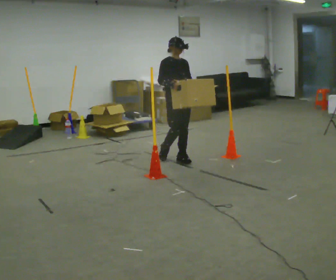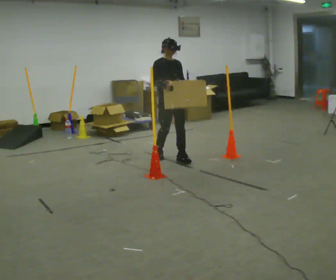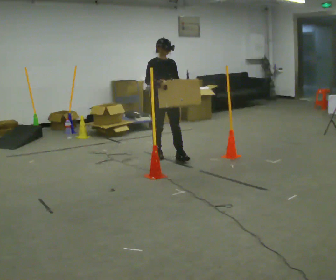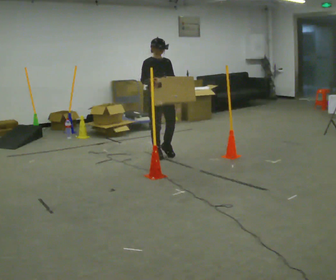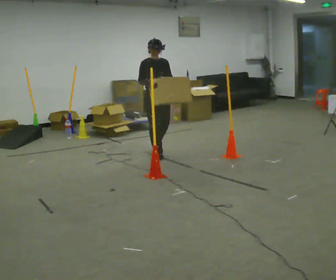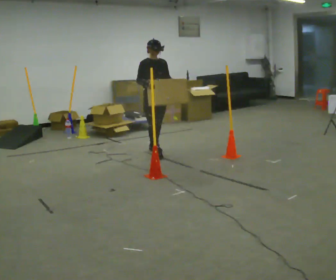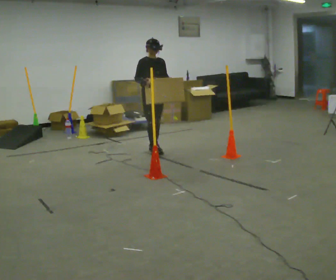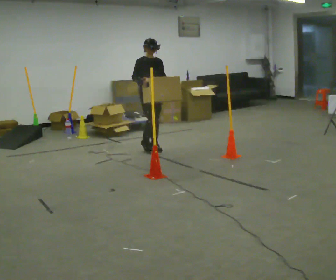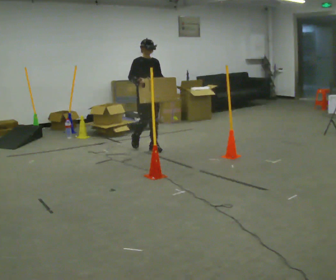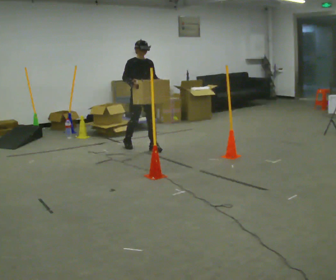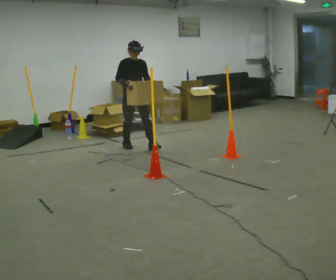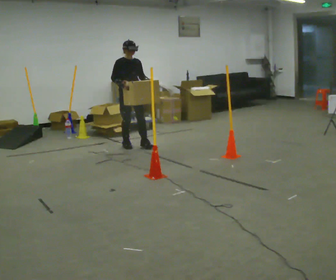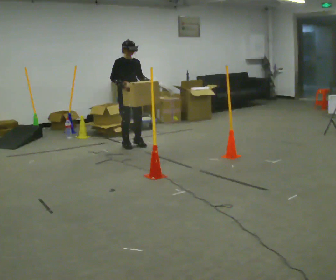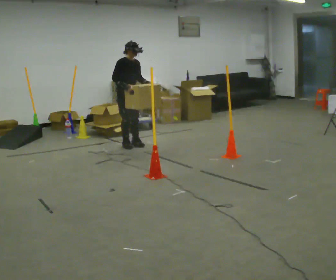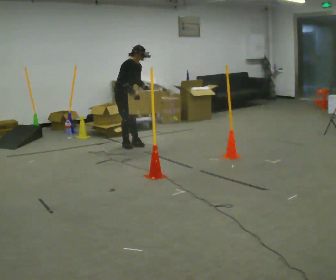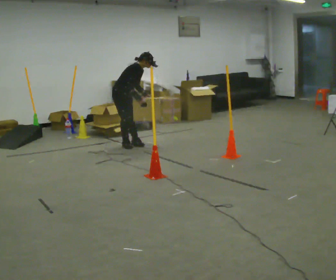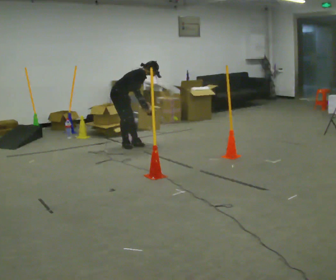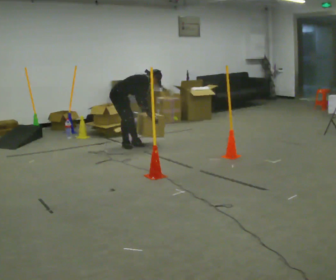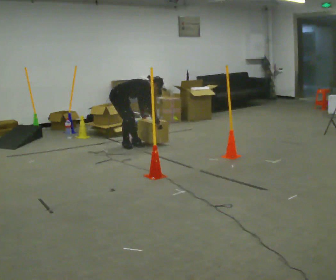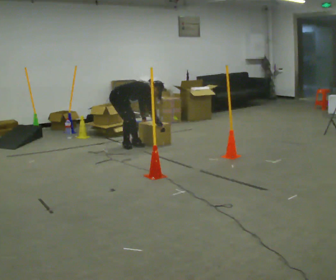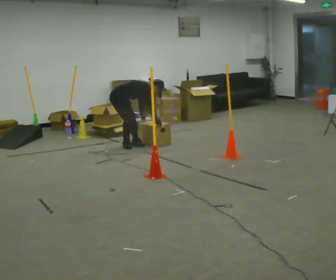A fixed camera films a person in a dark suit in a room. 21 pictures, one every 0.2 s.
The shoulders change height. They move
downward.
Their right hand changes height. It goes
downward.
0.0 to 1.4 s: In the picture they go away from the camera and to the left, about 0.75 m in 2 steps, which for them is backward.
1.4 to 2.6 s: In the picture they go to the left and away from the camera, about 0.5 m in 1 step, which for them is backward and to their right.
2.6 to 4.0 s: The person turns about 45 degrees to their left, counterclockwise seen from above, so the part of the body nearest the lens slides to the right. The shoulders move downward. In the picture the upper body tilts clockwise, shoulders to the right, as they bend forward. In the picture their left hand goes downward, the arm swinging clockwise.
The film runs backward here.
